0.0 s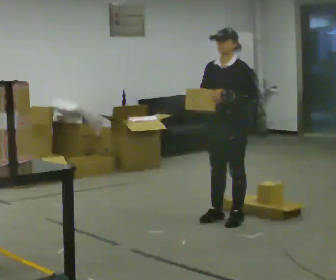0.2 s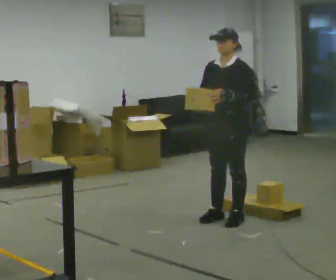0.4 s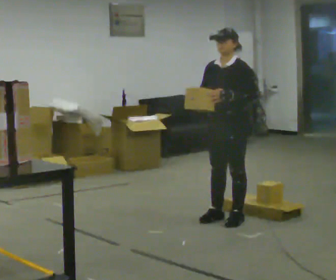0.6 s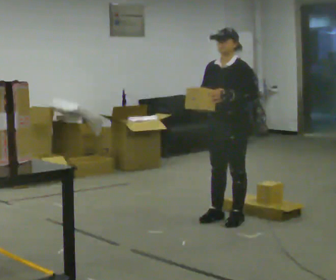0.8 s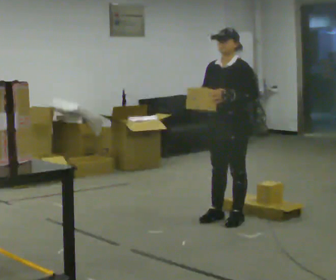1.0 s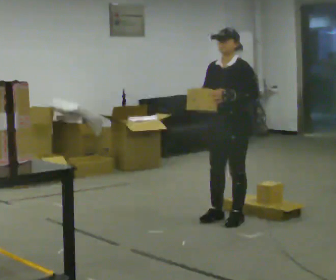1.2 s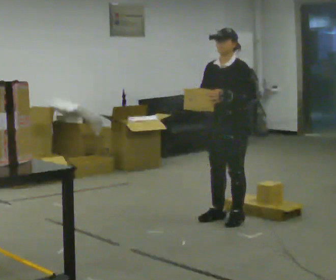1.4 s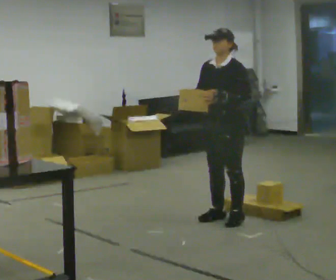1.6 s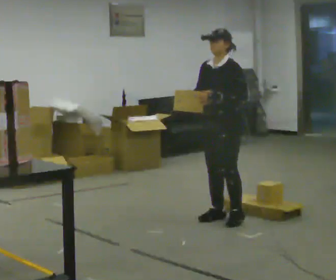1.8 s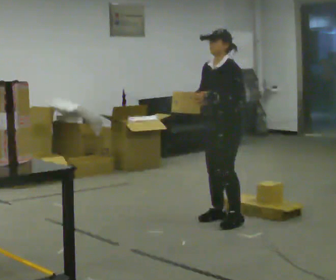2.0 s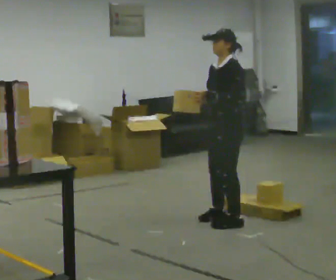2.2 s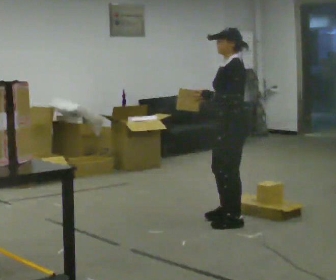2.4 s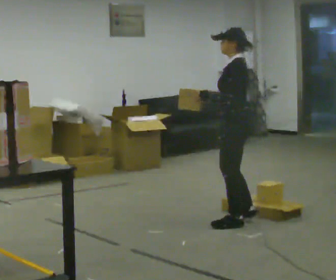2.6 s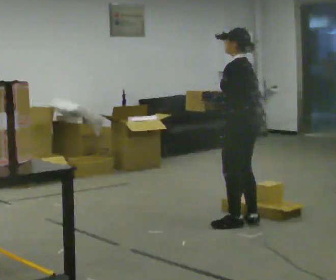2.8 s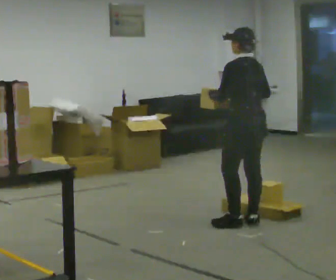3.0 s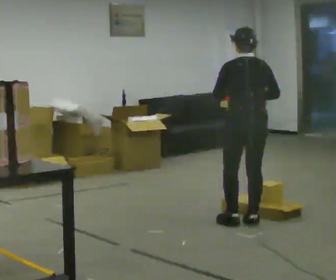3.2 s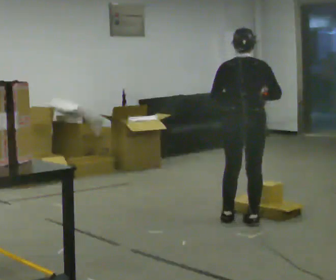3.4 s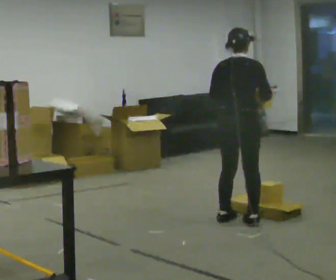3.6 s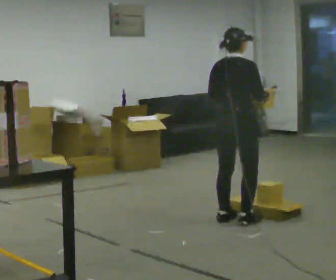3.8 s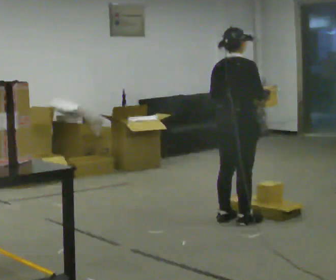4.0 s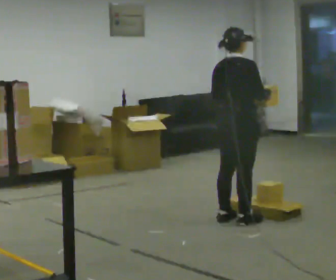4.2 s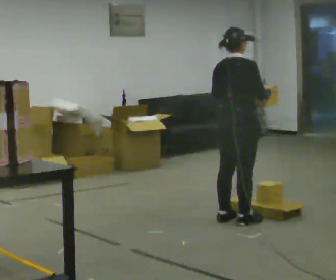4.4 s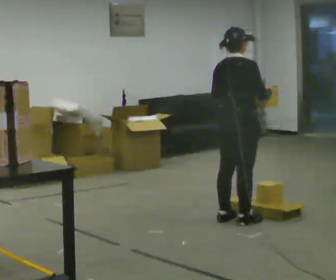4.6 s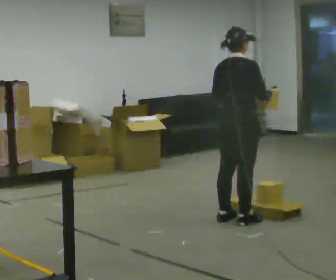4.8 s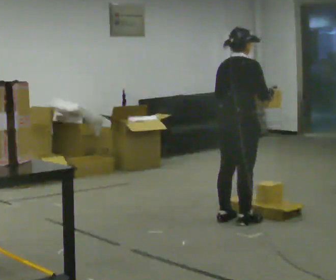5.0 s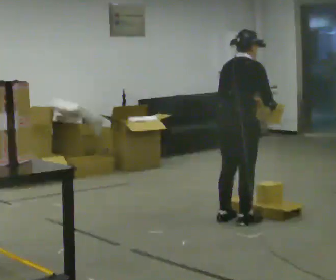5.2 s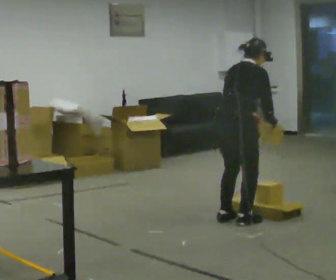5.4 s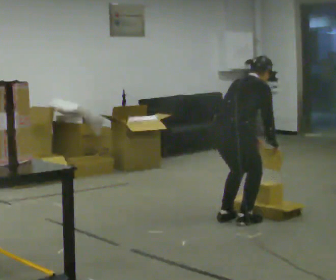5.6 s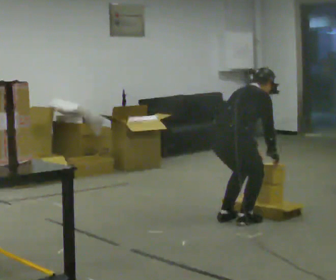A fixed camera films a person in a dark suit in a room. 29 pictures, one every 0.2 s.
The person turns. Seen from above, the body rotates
clockwise.
Their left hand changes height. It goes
downward.
0.0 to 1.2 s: The person moves a little, or ends about where they began.
1.2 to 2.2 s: The person turns about 45 degrees to their right, clockwise seen from above, so the part of the body nearest the lens slides to the left.
2.2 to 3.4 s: Seen from above the body turns clockwise, about 120 degrees: to their right, with its near side sliding to the left. In the picture their right hand goes to the right.
3.4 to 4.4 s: The person moves a little, or ends about where they began.
4.4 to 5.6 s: The shoulders move downward. In the picture the upper body tilts clockwise, shoulders to the right, as they bend forward. In the picture their right hand goes downward.
The film runs backward here.
